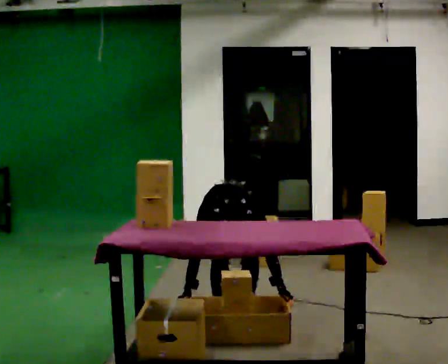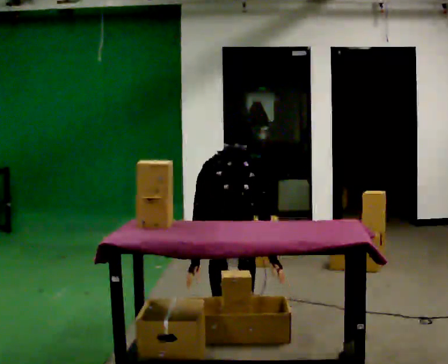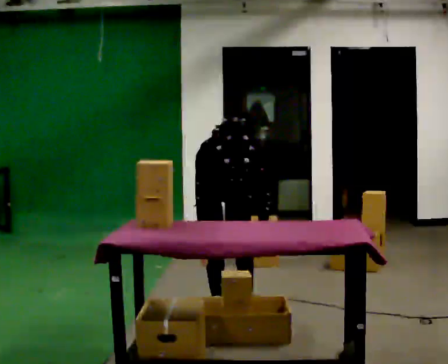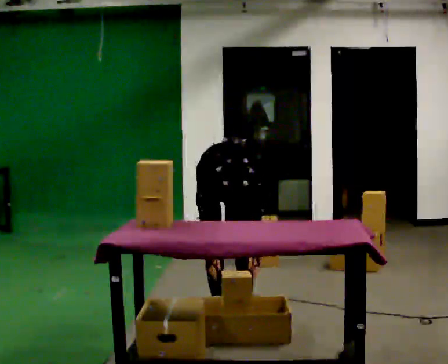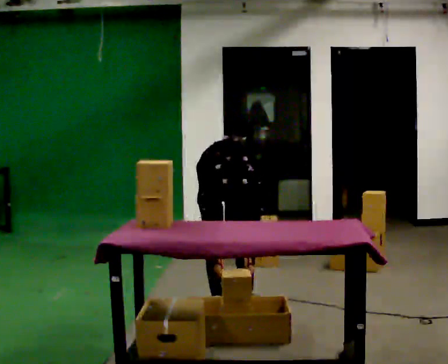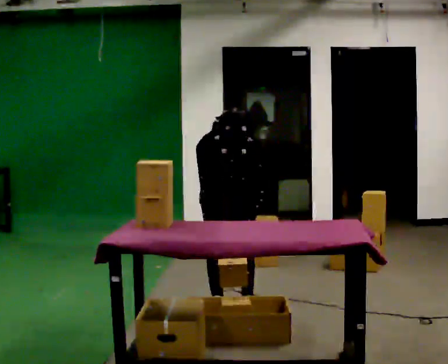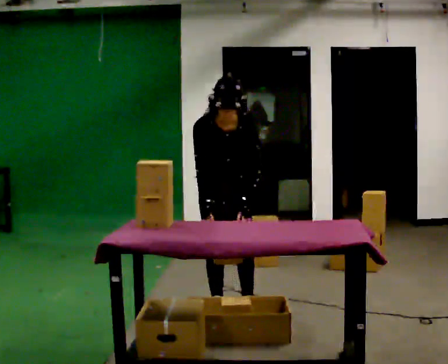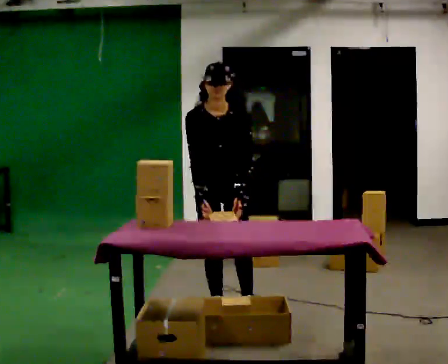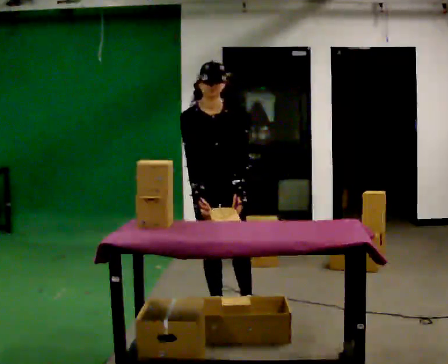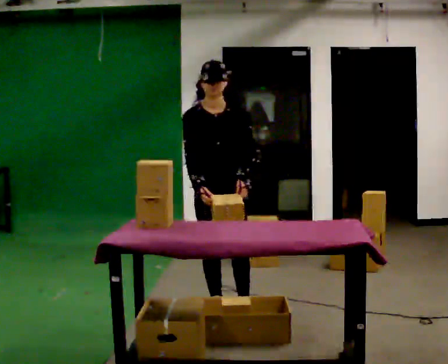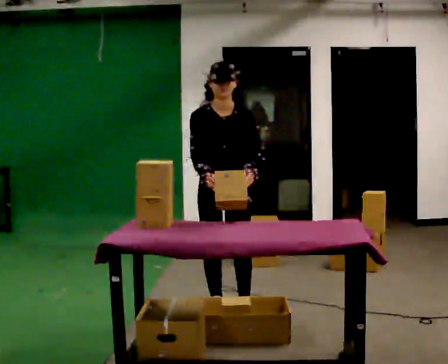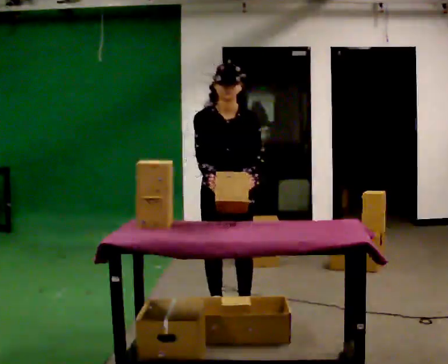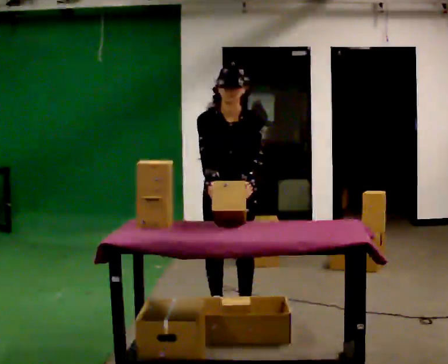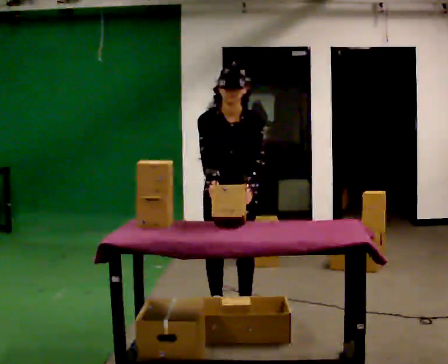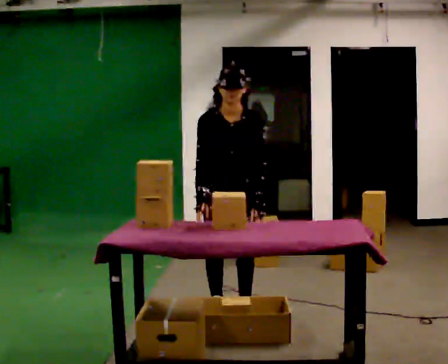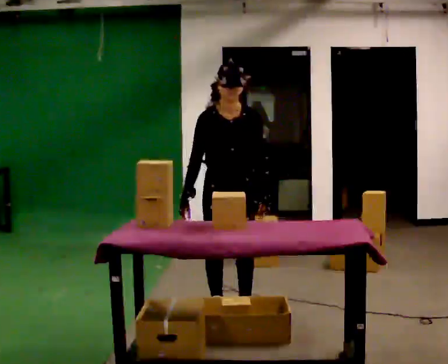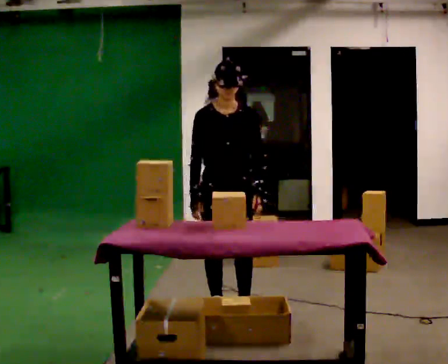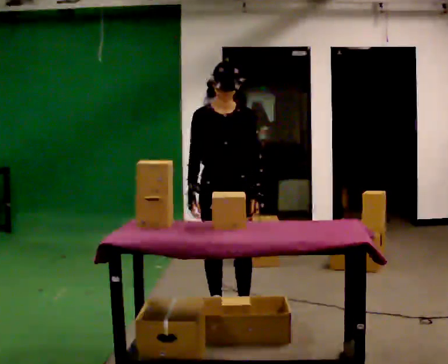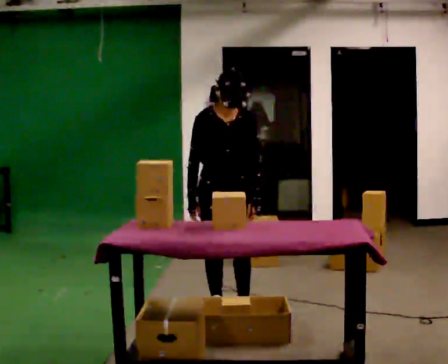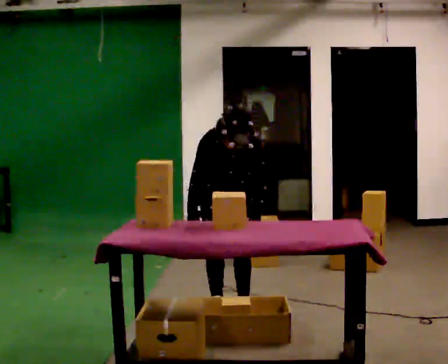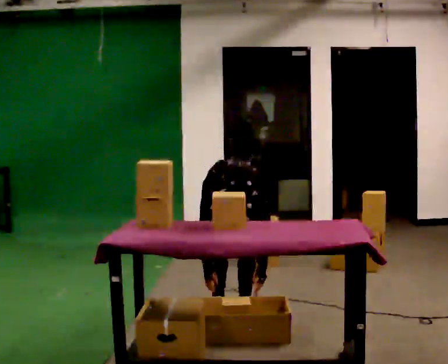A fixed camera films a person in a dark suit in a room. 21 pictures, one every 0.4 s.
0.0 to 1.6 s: The person moves a little, or ends about where they began.
1.6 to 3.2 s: The upper body goes upward. The upper body tips away from the camera, its near side rolling upward, as they lean back or straighten. In the picture their right hand goes upward.
3.2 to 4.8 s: The upper body tips toward the camera, its near side rolling downward, as they bend forward.
4.8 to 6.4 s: The upper body tips away from the camera, its near side rolling upward, as they lean back or straighten.
6.4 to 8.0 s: In the picture they go away from the camera, about 0.25 m, which for them is backward. The shoulders move downward. The upper body tips toward the camera, its near side rolling downward, as they bend forward. In the picture their left hand goes downward.
The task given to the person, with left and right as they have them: 1. Take everything out of the crates by the door. 2. Put the small items on the middle shelf. 3. Put the large items on the bottom shelf. 4. Stack the empty crates by the door. 5. Tell the operator when you are finished.
The film runs forward here.
